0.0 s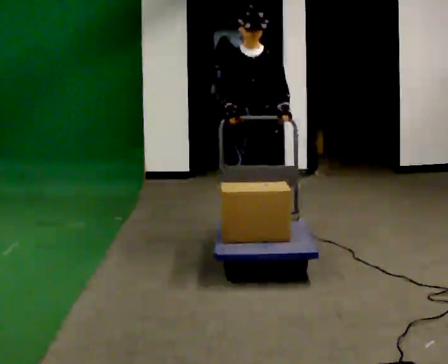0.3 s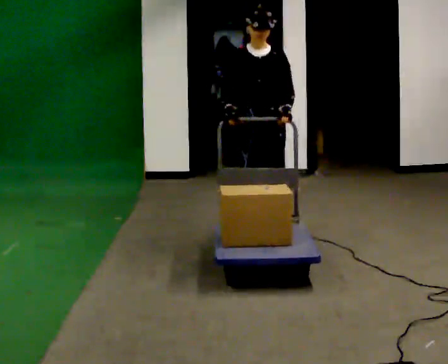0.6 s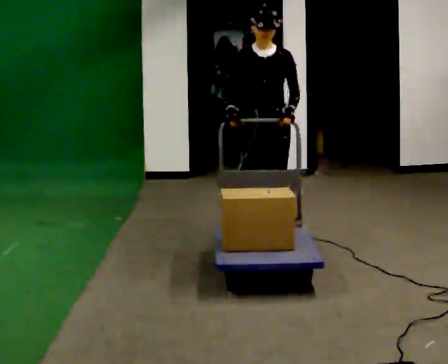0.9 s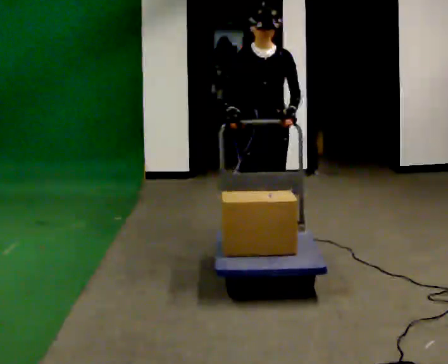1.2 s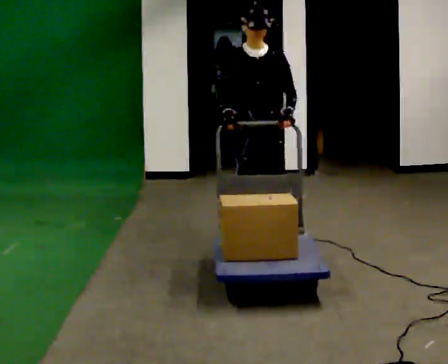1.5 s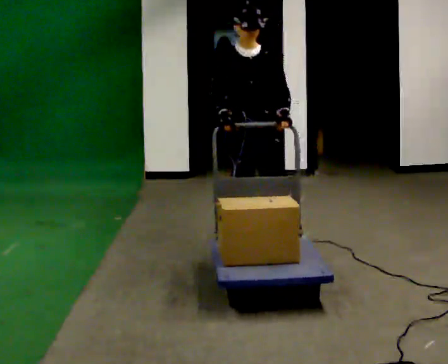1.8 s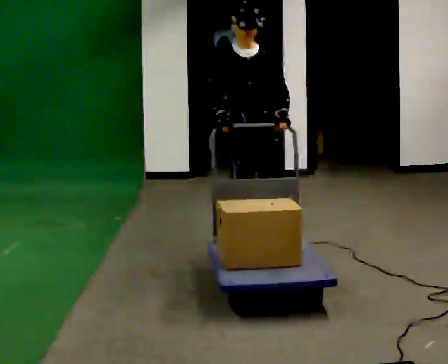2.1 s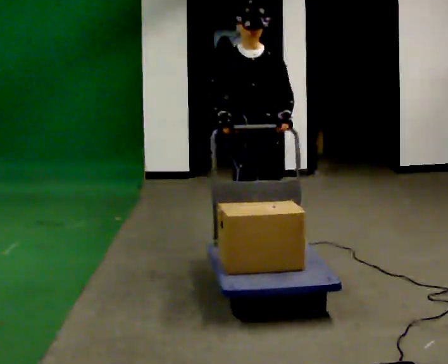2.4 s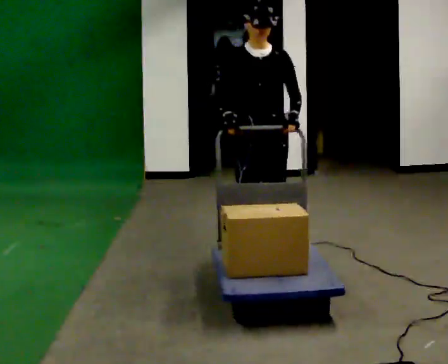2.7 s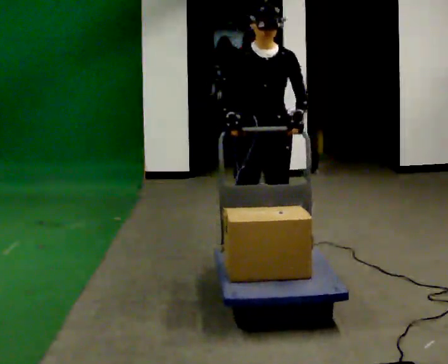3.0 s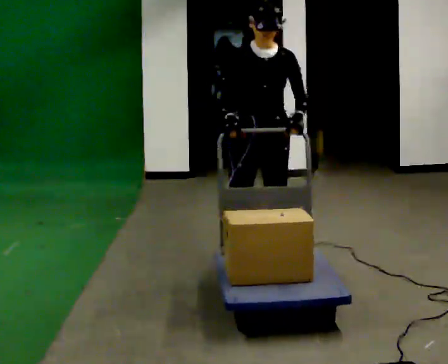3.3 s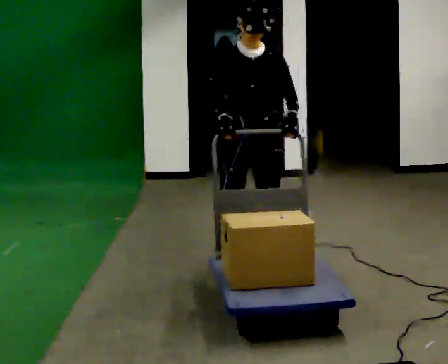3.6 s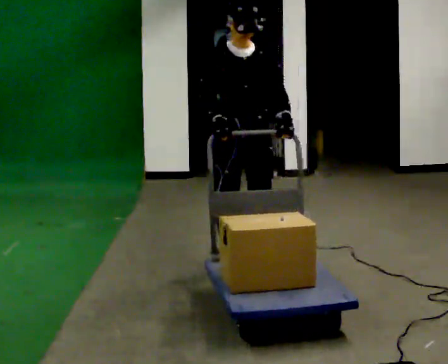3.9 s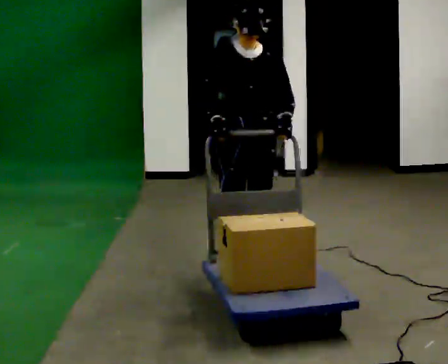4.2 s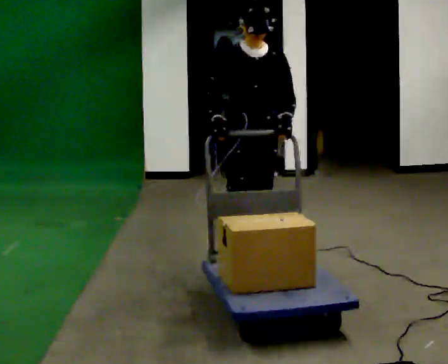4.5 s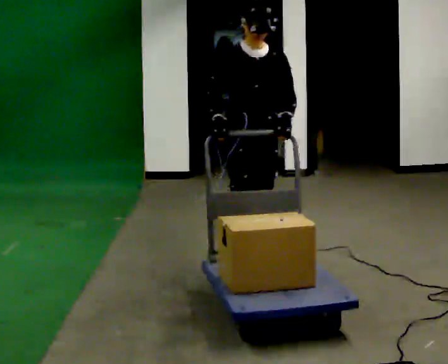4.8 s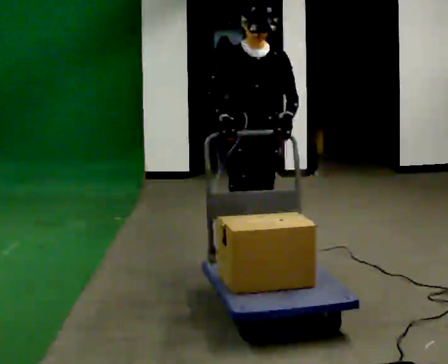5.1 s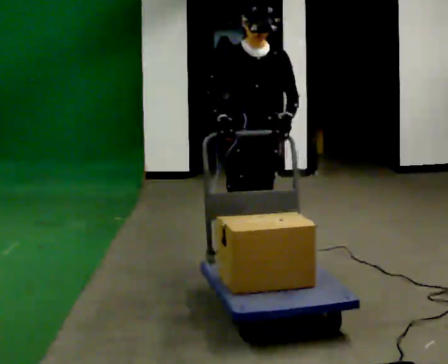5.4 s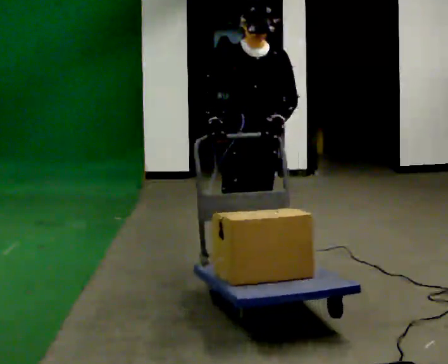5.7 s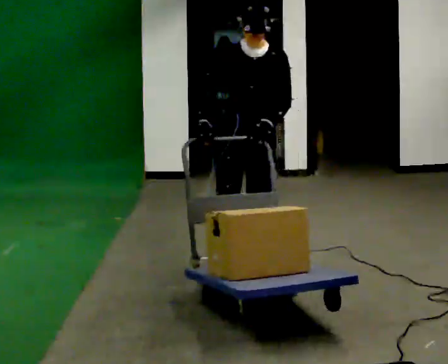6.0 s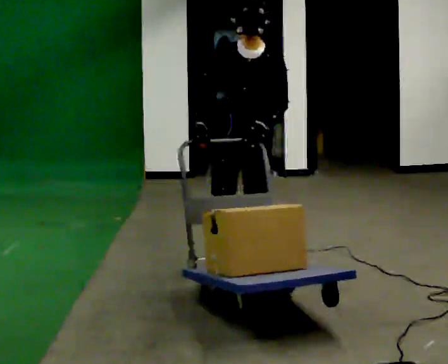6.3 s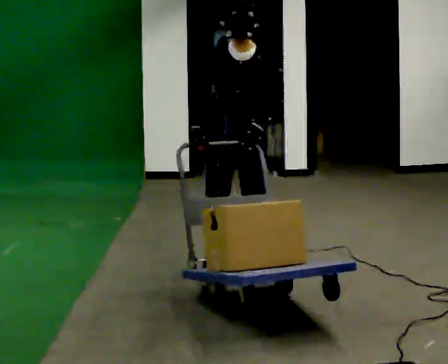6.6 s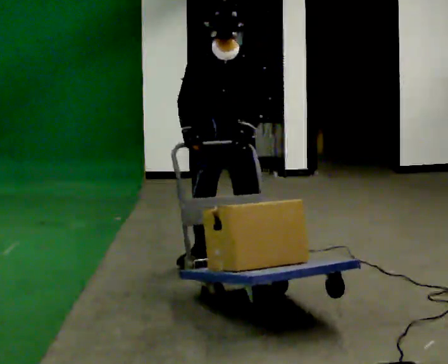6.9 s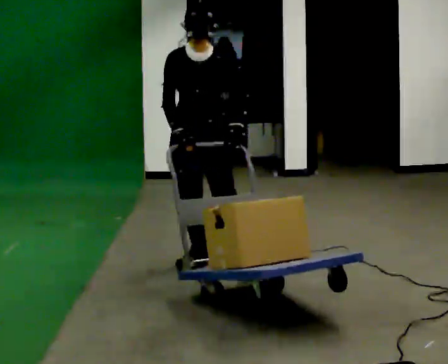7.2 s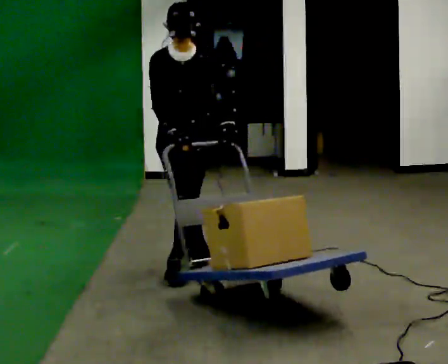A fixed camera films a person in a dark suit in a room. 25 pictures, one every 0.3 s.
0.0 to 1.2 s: In the picture they go toward the camera, about 0.5 m in 1 step, which for them is forward.
1.2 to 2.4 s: In the picture they go toward the camera, about 0.25 m in 1 step, which for them is forward.
2.4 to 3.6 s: In the picture they go toward the camera, about 0.25 m in 1 step, which for them is forward and to their right.
3.6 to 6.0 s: The person moves a little, or ends about where they began.
6.0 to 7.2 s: In the picture they go to the left, about 0.25 m in 1 step, which for them is to their right.
The film runs forward here.
